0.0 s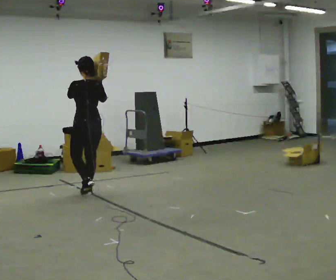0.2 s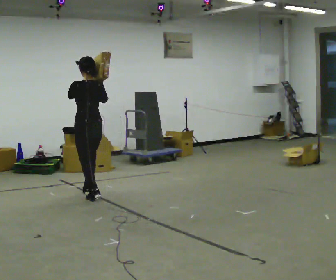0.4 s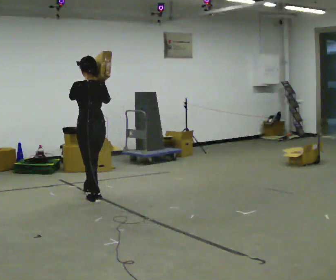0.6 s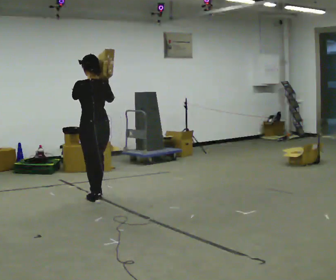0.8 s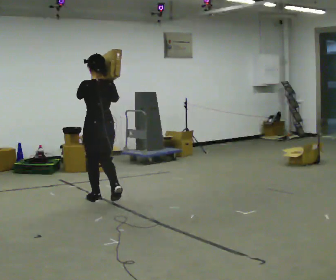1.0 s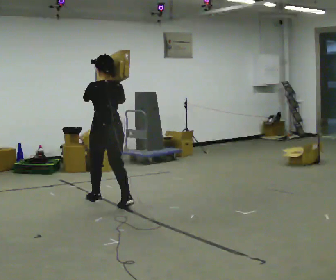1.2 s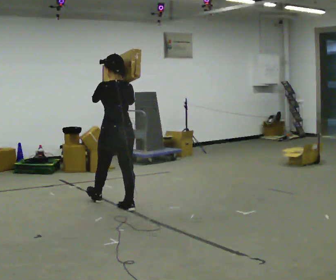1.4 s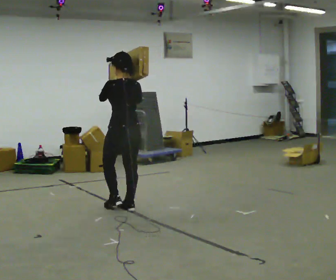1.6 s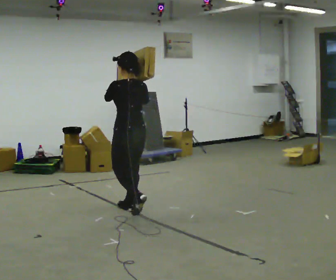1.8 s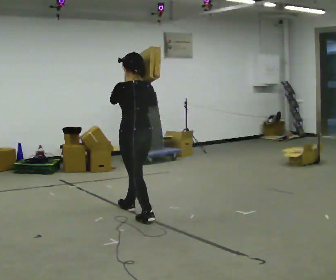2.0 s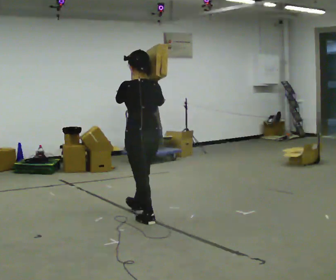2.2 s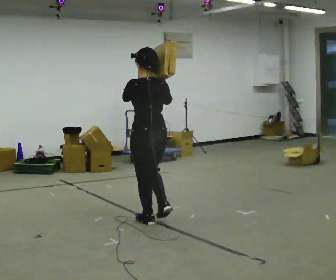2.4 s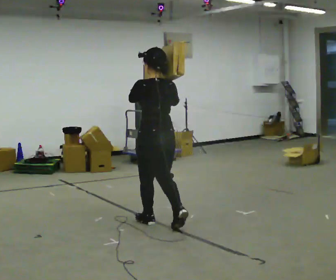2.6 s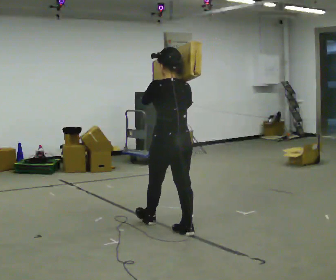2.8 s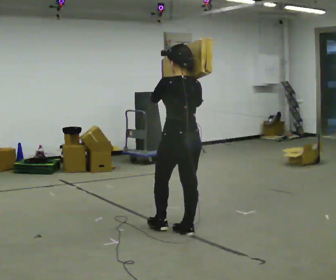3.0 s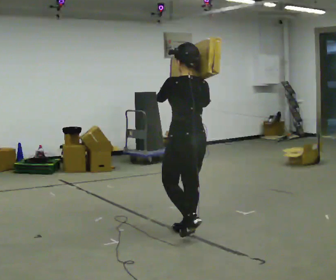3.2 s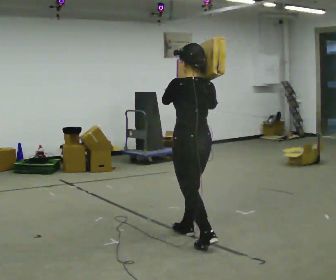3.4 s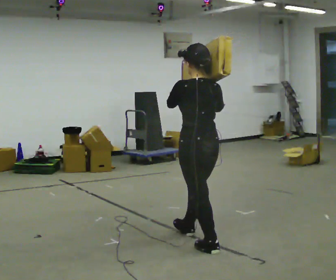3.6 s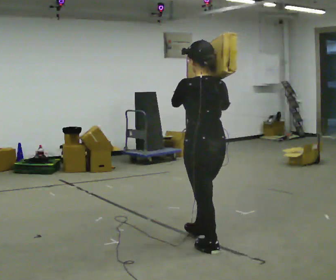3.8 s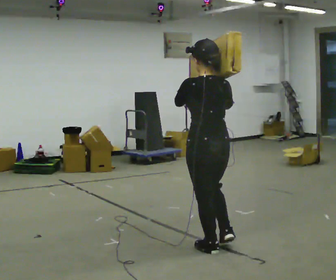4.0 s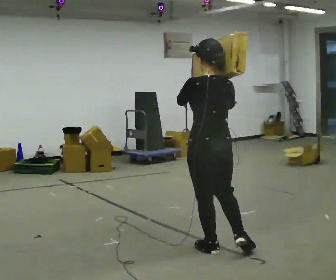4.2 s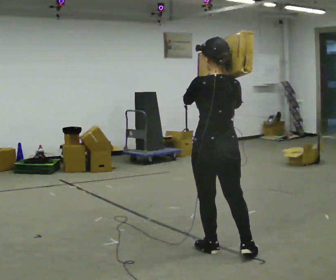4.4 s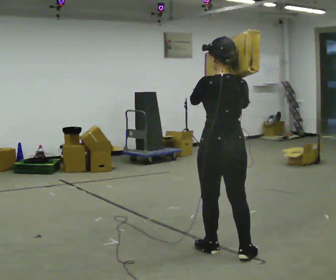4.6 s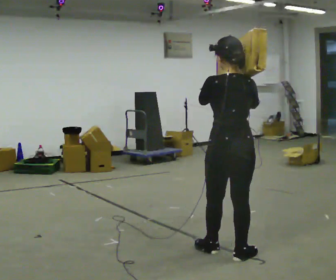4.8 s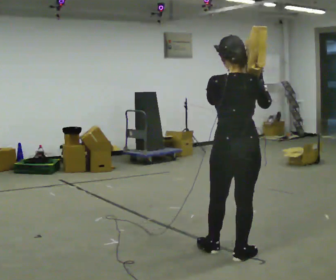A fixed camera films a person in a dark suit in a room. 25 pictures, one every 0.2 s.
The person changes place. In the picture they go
toward the camera.
0.0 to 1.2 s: In the picture they go toward the camera and to the right, about 0.5 m in 2 steps, which for them is backward.
1.2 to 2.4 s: In the picture they go toward the camera and to the right, about 1 m in 1 step, which for them is backward.
2.4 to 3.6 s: In the picture they go toward the camera and to the right, about 1 m in 2 steps, which for them is backward.
3.6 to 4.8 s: Seen from above the body turns clockwise, about 30 degrees: to their right, with its near side sliding to the left. In the picture they go toward the camera and to the right, about 0.25 m, which for them is backward and to their right.
The film runs backward here.
